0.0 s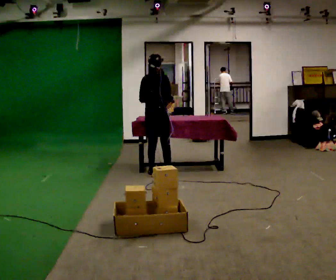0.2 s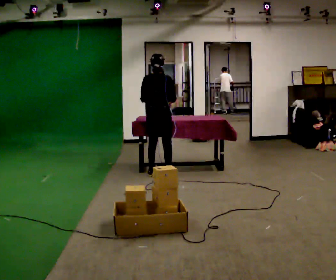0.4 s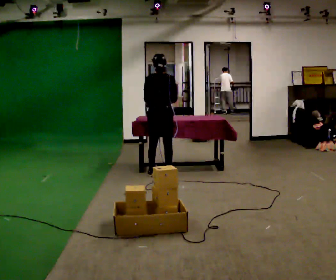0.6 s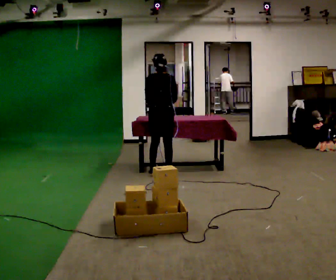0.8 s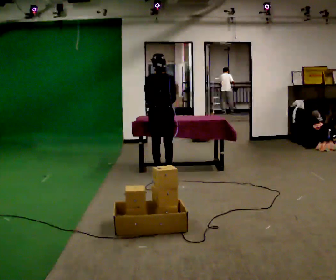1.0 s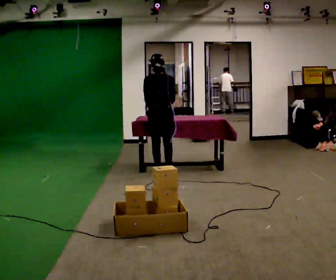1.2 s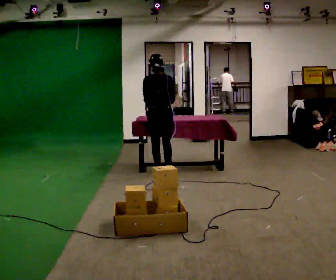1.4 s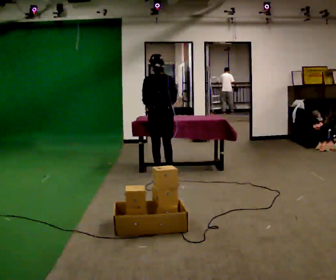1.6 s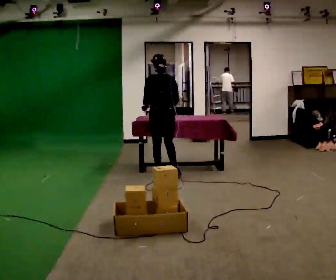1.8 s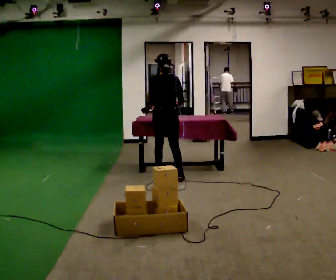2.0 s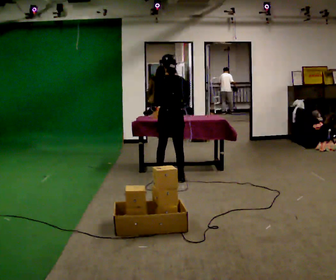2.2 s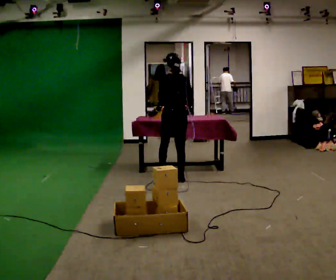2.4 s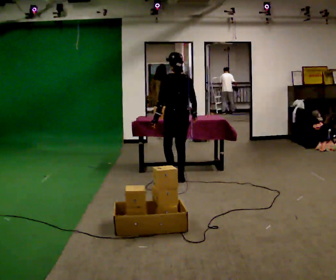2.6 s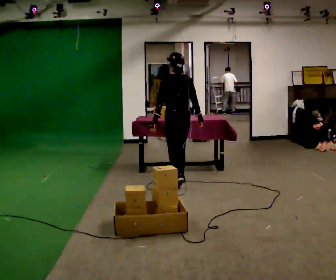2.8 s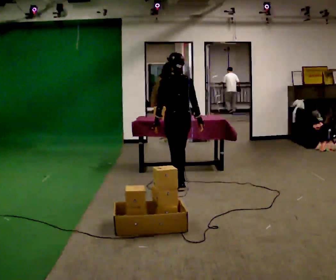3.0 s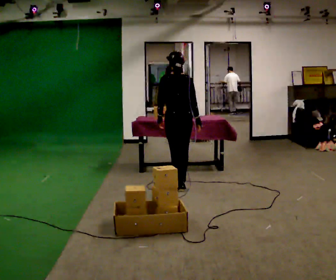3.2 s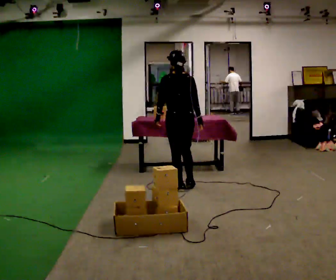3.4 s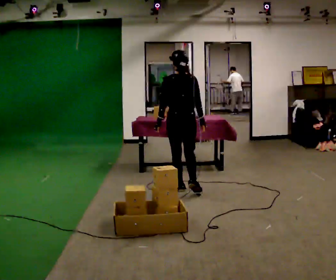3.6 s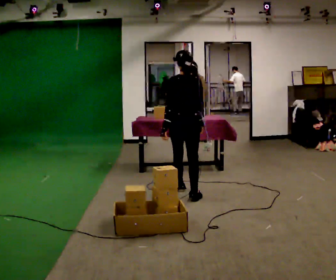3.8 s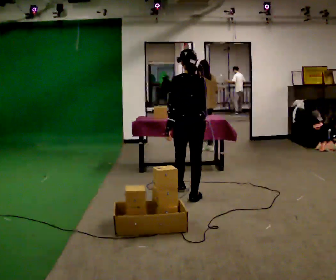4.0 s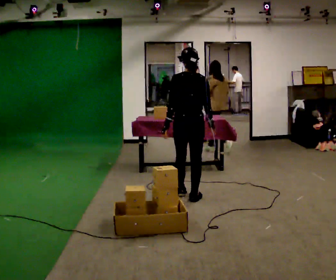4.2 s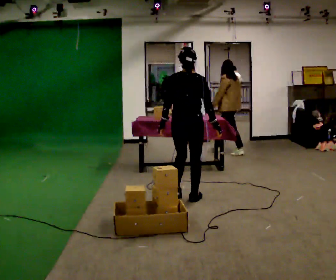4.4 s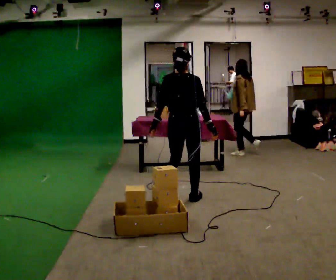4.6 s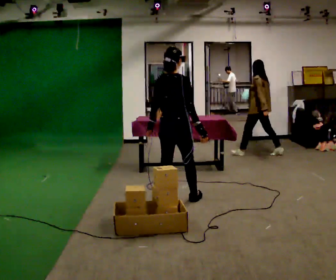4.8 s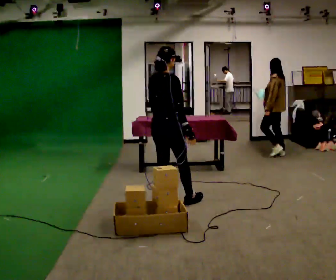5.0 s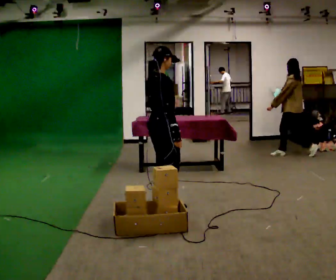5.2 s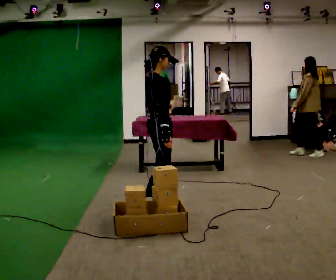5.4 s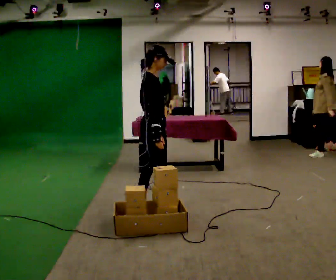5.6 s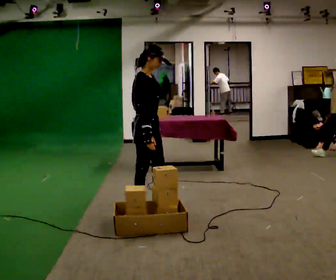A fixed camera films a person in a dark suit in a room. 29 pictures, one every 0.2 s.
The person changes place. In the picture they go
toward the camera.
The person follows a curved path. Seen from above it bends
clockwise.
0.0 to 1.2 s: Seen from above the body turns counterclockwise, about 30 degrees: to their left, with its near side sliding to the right.
1.2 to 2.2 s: In the picture they go toward the camera and to the right, about 0.25 m in 2 steps, which for them is backward and to their right.
2.2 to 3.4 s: In the picture they go toward the camera, about 0.5 m in 1 step, which for them is backward.
3.4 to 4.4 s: In the picture they go toward the camera, about 0.5 m in 1 step, which for them is backward.
4.4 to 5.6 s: Seen from above the body turns clockwise, about 90 degrees: to their right, with its near side sliding to the left. In the picture they go to the left and toward the camera, about 0.5 m in 1 step.
The film runs backward here.
